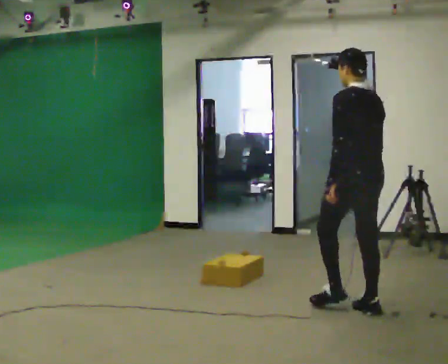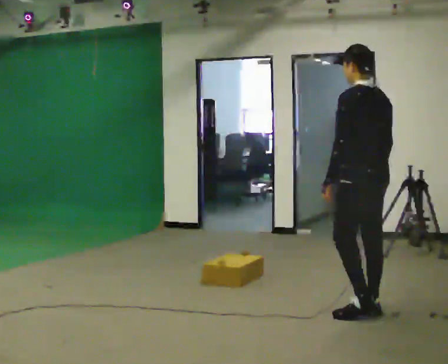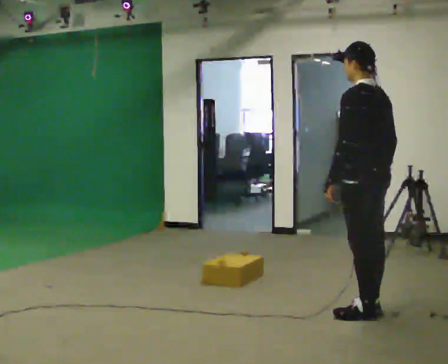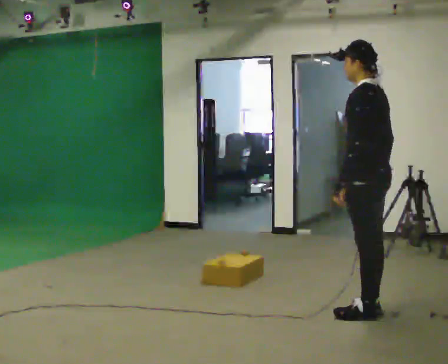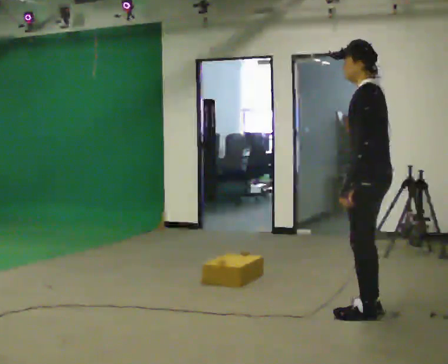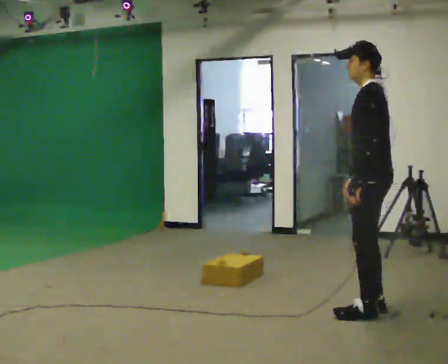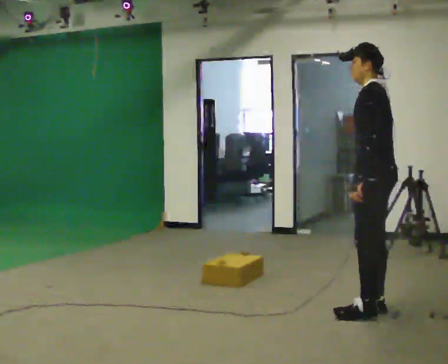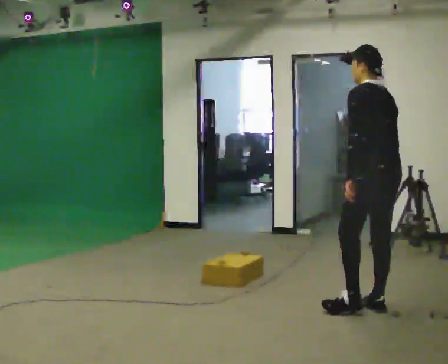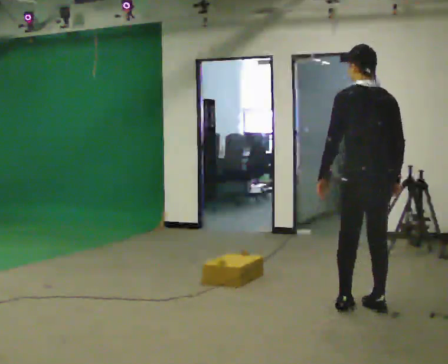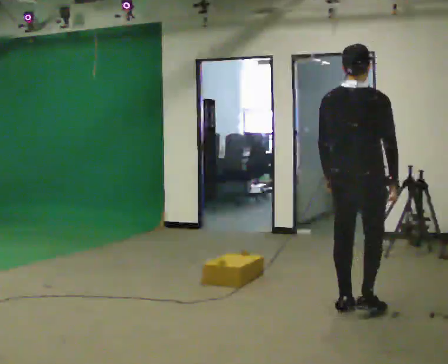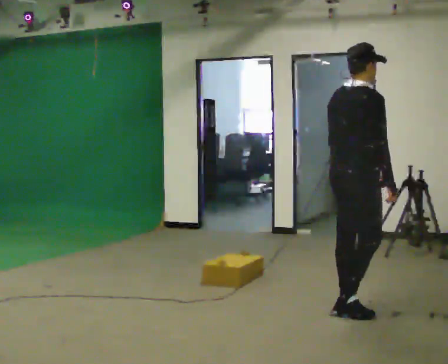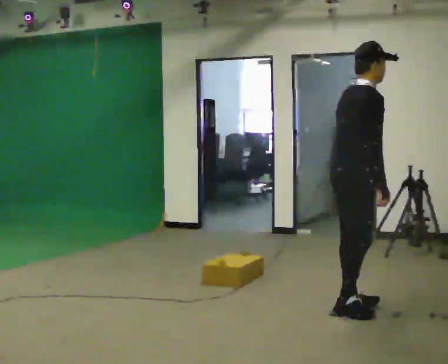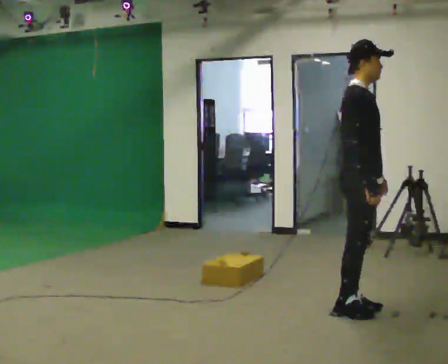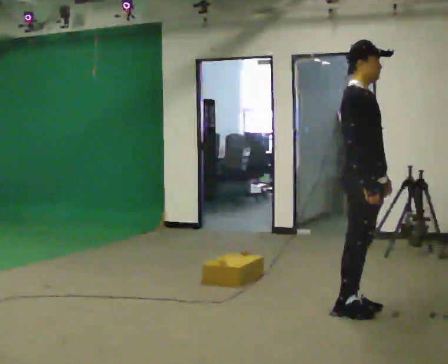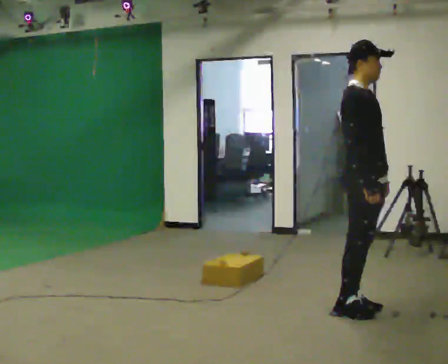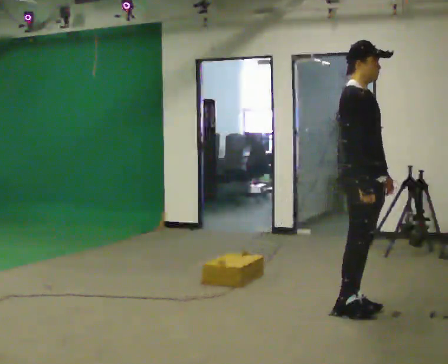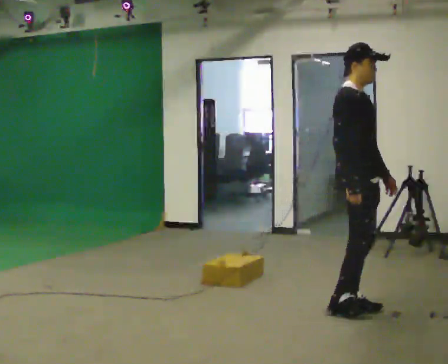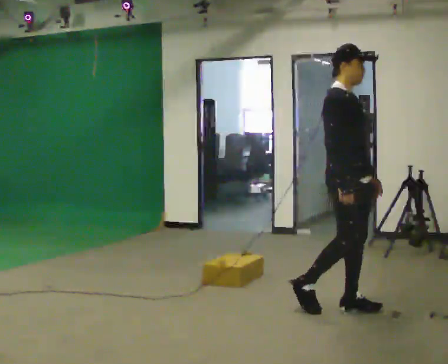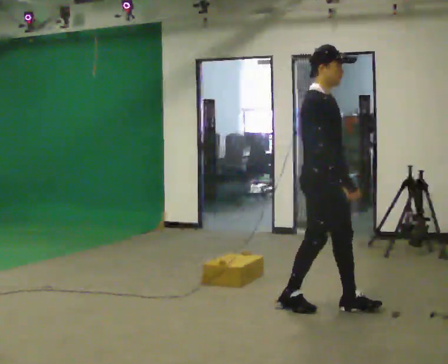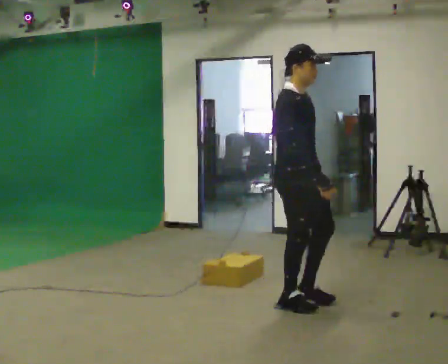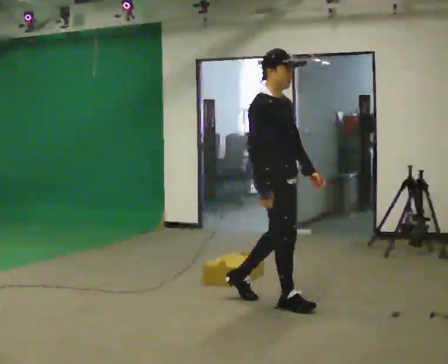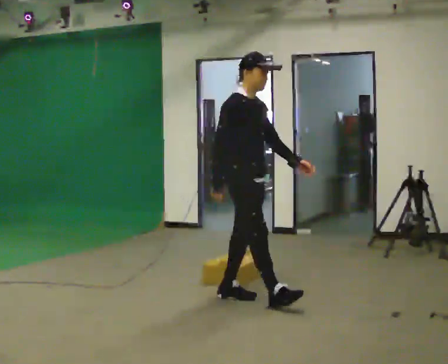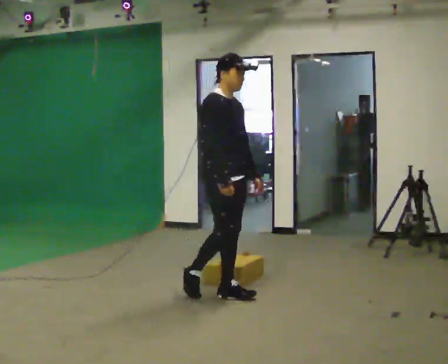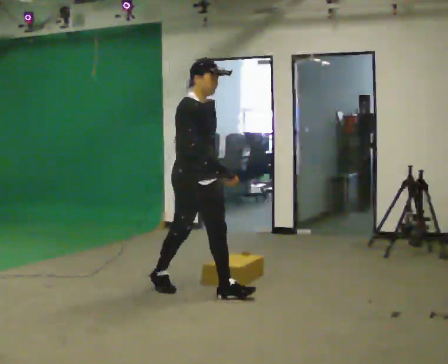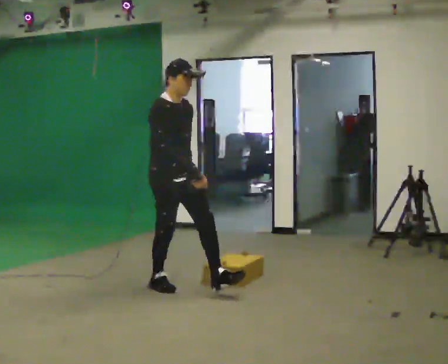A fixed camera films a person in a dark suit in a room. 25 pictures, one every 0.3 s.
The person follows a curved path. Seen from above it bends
clockwise.
The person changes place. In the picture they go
to the left.
0.0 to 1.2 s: The person turns about 30 degrees to their left, counterclockwise seen from above, so the part of the body nearest the lens slides to the right. In the picture they go toward the camera, about 0.25 m, which for them is backward.
1.2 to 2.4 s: The person turns about 45 degrees to their right, clockwise seen from above, so the part of the body nearest the lens slides to the left.
2.4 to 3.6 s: Seen from above the body turns clockwise, about 120 degrees: to their right, with its near side sliding to the left. In the picture their left hand goes to the right.
3.6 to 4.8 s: The person moves a little, or ends about where they began.
4.8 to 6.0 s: In the picture they go to the left, about 0.5 m in 1 step, which for them is backward.
6.0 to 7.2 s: In the picture they go to the left, about 1 m in 2 steps, which for them is backward.
The film runs backward here.
